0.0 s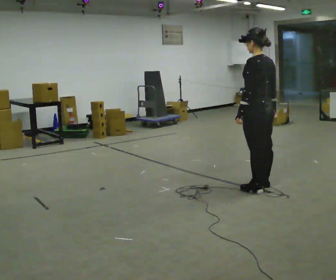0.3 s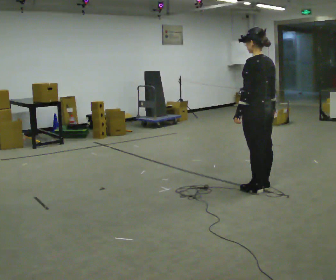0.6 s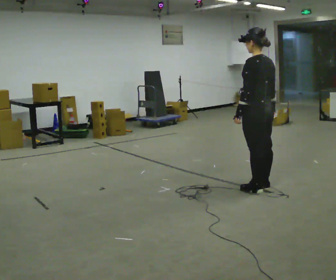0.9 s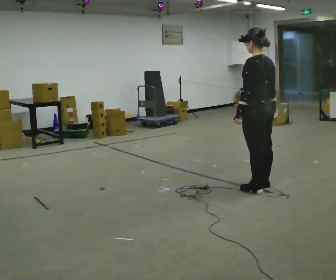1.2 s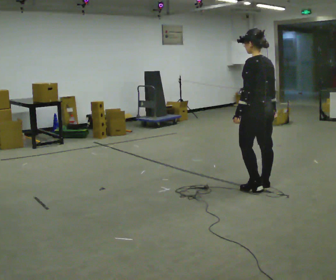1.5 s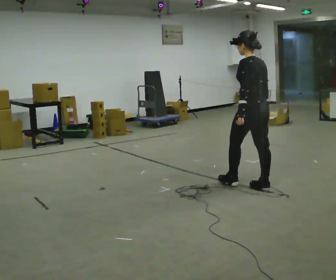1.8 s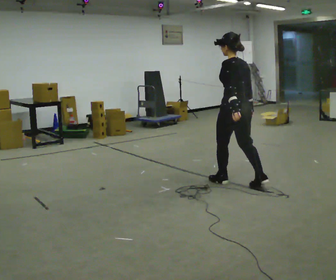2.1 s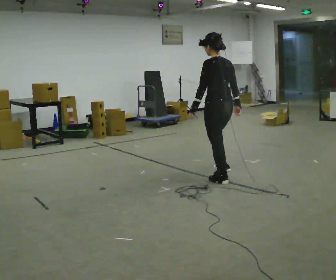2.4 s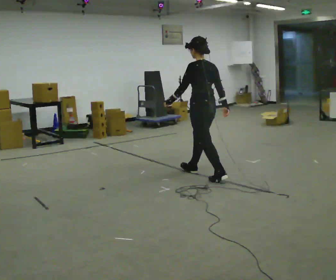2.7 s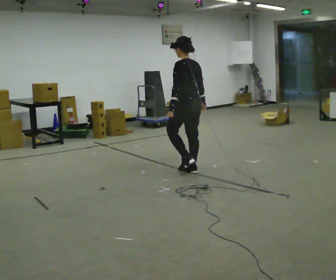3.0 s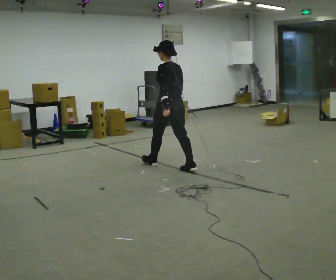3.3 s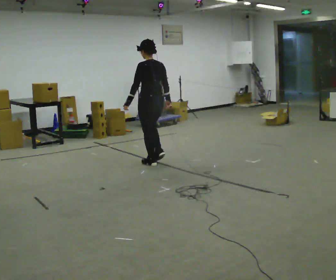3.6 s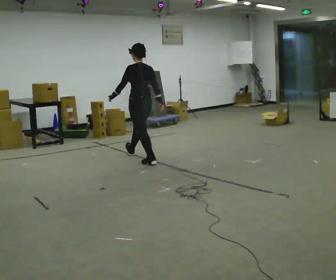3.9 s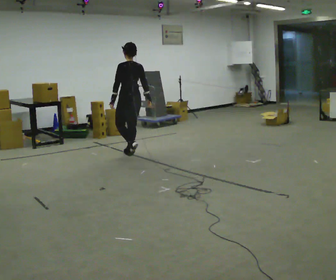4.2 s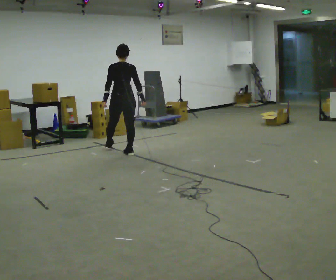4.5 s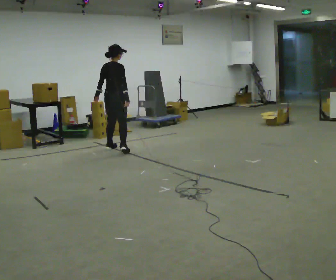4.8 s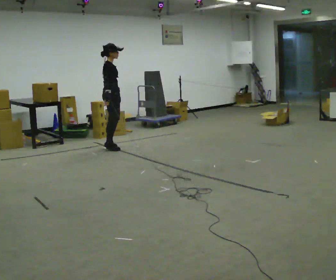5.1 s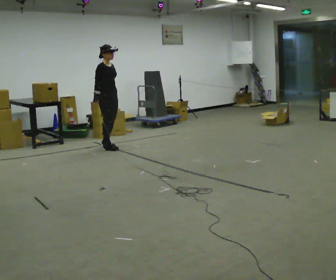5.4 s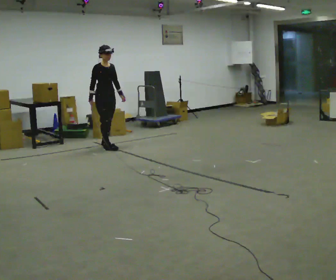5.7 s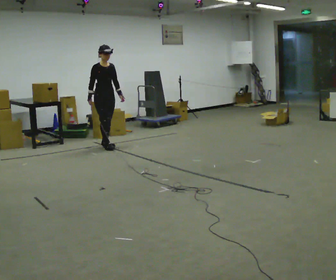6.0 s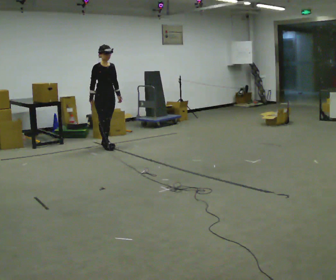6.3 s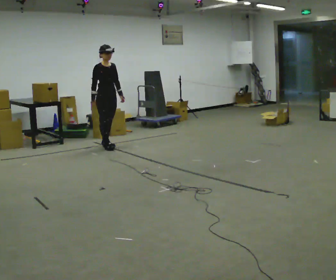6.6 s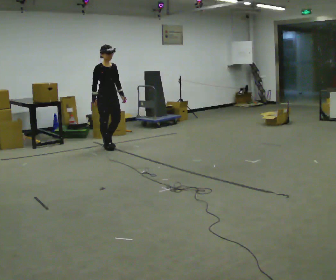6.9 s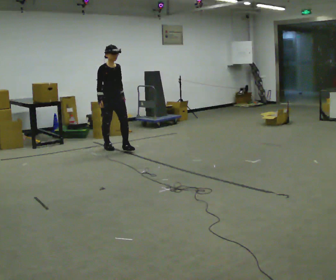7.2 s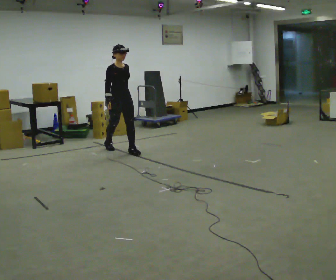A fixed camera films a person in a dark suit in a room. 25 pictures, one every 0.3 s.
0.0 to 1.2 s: The person moves a little, or ends about where they began.
1.2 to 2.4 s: In the picture they go away from the camera and to the left, about 0.5 m in 2 steps, which for them is forward.
2.4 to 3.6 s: In the picture they go away from the camera and to the left, about 1 m in 1 step, which for them is forward.
3.6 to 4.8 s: The part of the body nearest the lens slides to the left as the person turns to their right by about 120 degrees. In the picture they go away from the camera and to the left, about 1 m in 2 steps.
4.8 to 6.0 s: The person turns about 60 degrees to their right, clockwise seen from above, so the part of the body nearest the lens slides to the left.
6.0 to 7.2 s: In the picture they go toward the camera and to the right, about 0.5 m in 1 step, which for them is forward.
The film runs forward here.
